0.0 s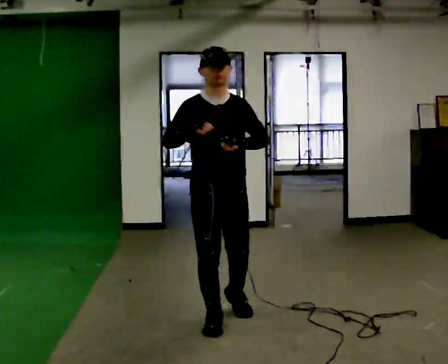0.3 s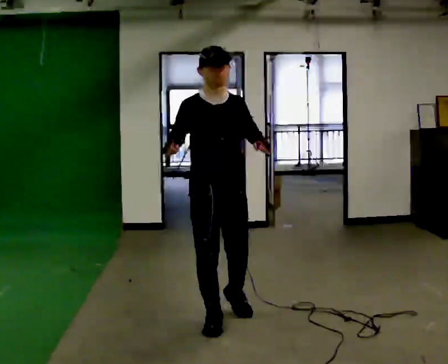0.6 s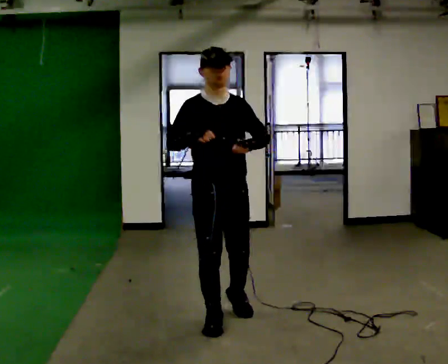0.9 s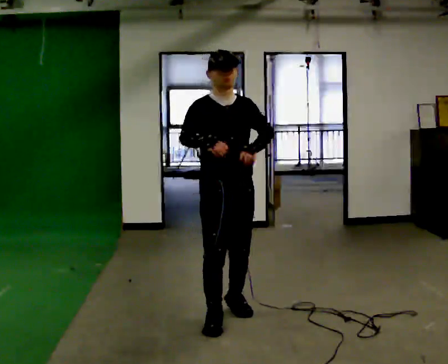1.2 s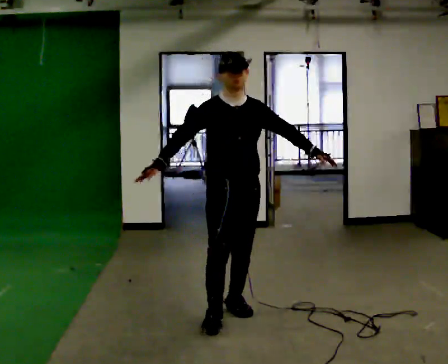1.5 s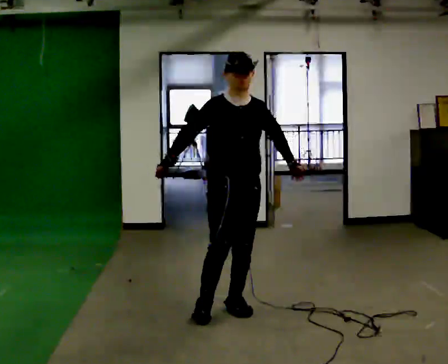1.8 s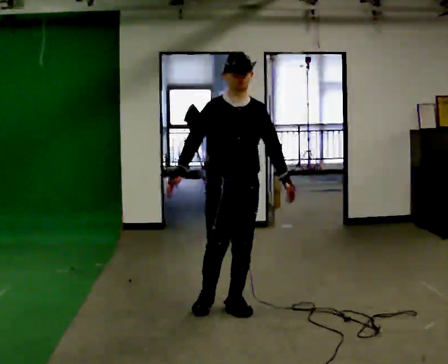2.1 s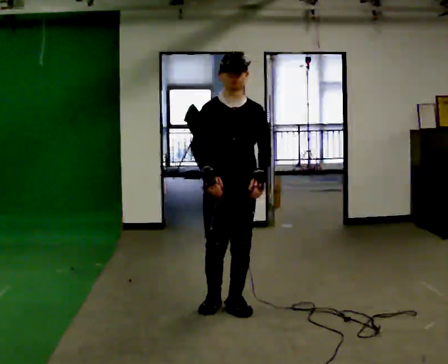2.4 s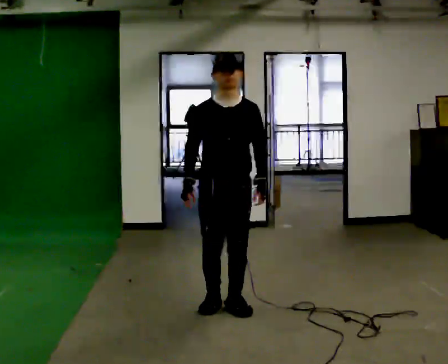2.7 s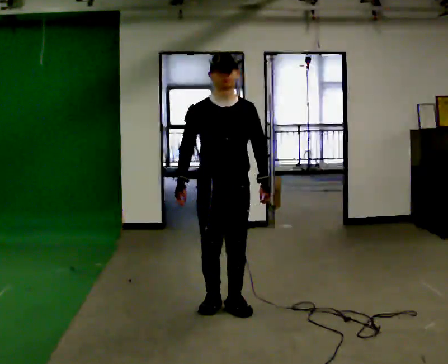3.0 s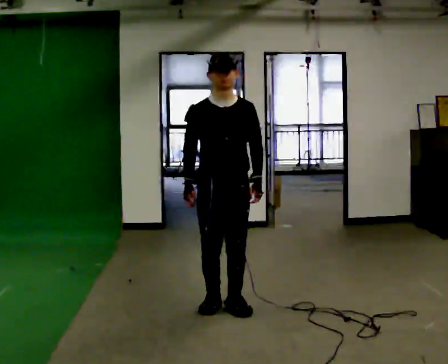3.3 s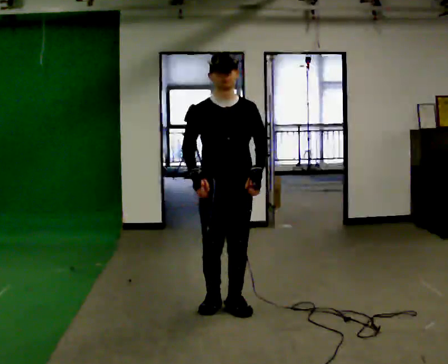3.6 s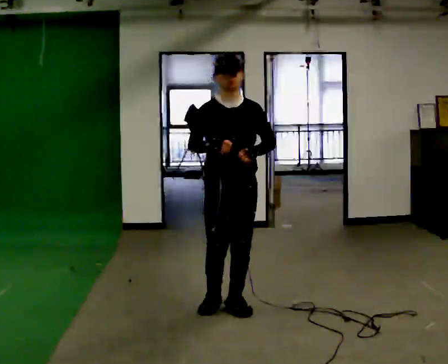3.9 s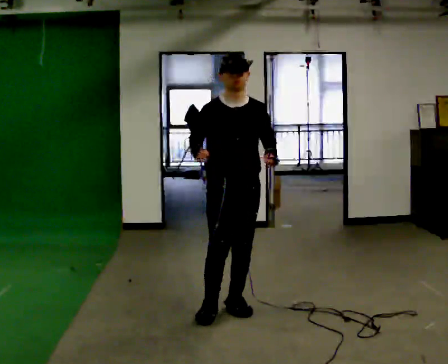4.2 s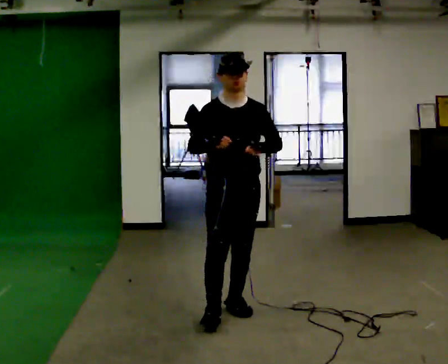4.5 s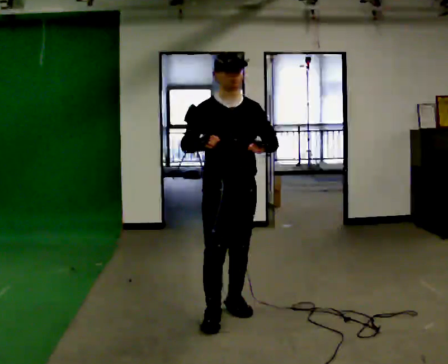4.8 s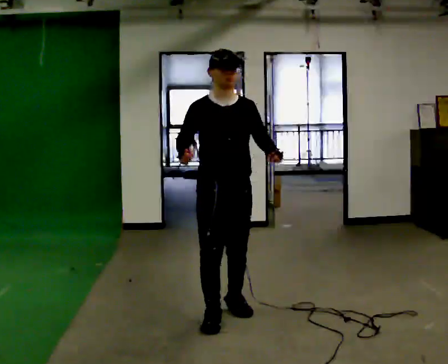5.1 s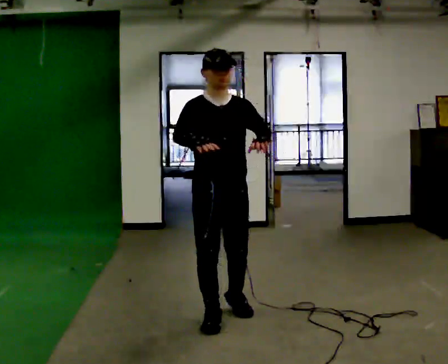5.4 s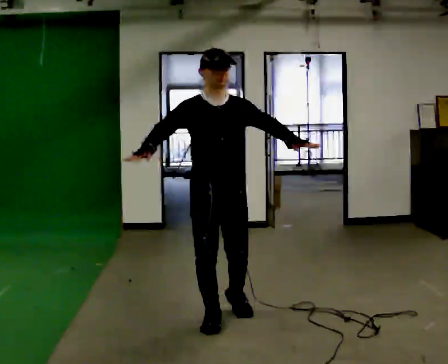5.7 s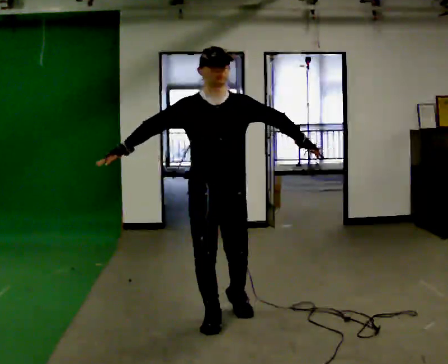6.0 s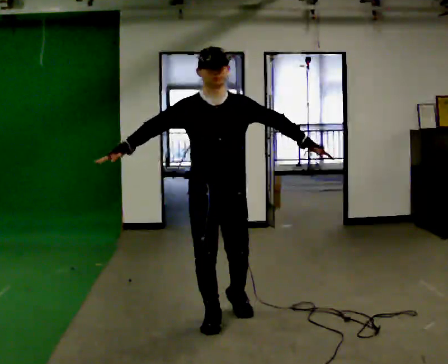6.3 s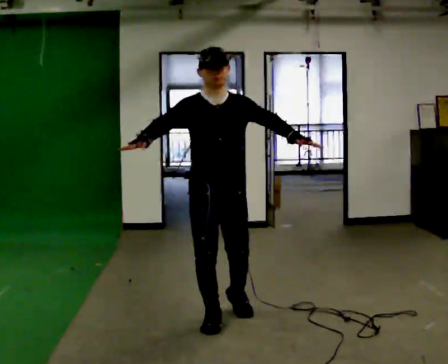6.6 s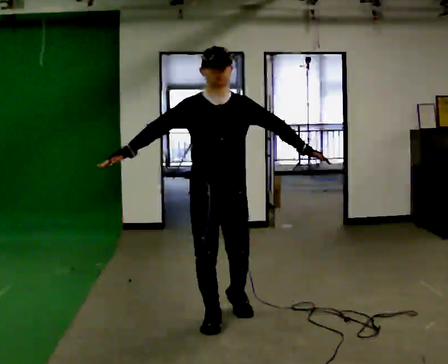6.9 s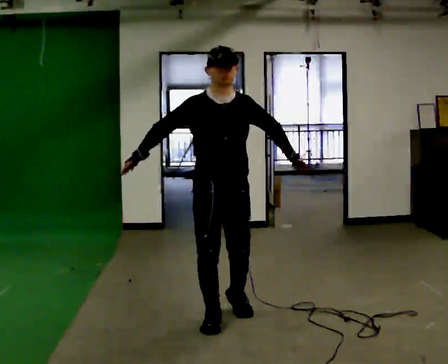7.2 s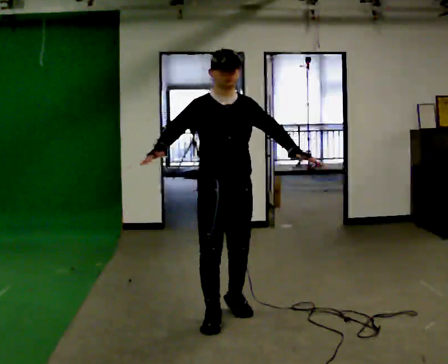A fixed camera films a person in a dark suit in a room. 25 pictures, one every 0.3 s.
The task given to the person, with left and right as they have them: Move however you like, changing style and tempo as you go; keep moving continuously.
0.0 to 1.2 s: In the picture they go away from the camera, about 0.25 m, which for them is to their left and backward. In the picture their left hand goes to the right.
1.2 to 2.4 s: In the picture their left hand goes to the left.
2.4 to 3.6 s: The person moves a little, or ends about where they began.
3.6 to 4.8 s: In the picture they go toward the camera, about 0.25 m in 1 step, which for them is forward.
4.8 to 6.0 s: In the picture their right hand goes to the left.
6.0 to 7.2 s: The person moves a little, or ends about where they began.
The film runs forward here.
